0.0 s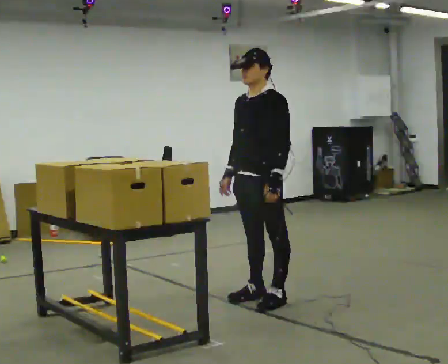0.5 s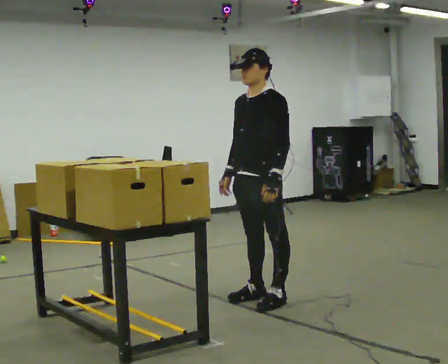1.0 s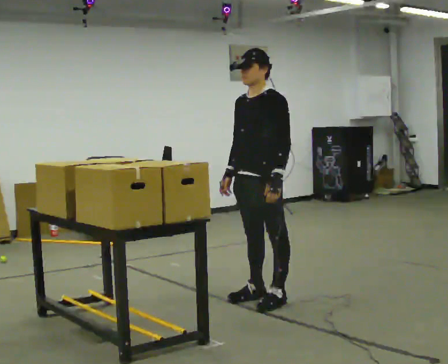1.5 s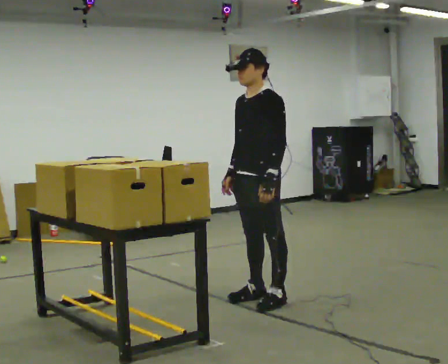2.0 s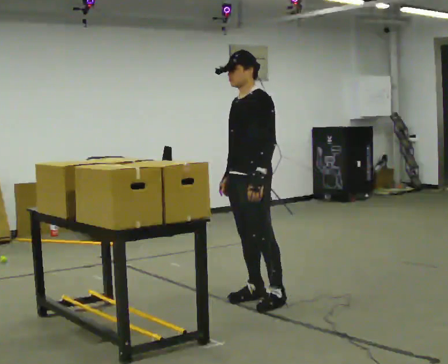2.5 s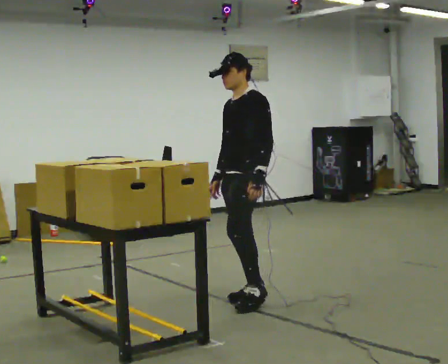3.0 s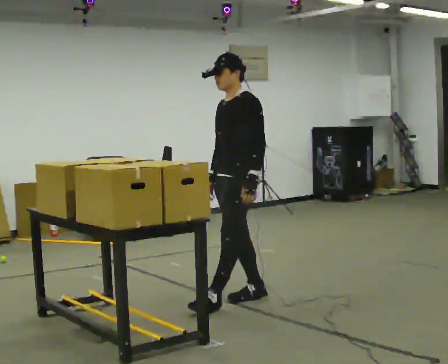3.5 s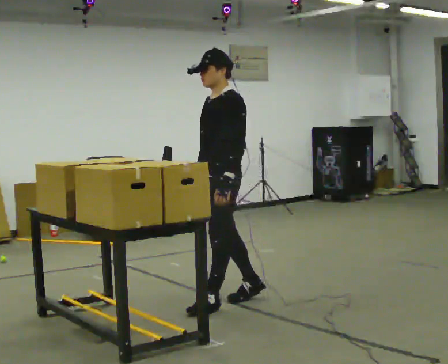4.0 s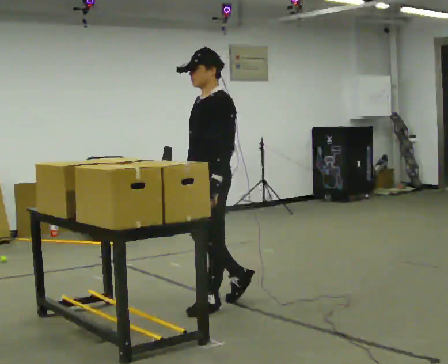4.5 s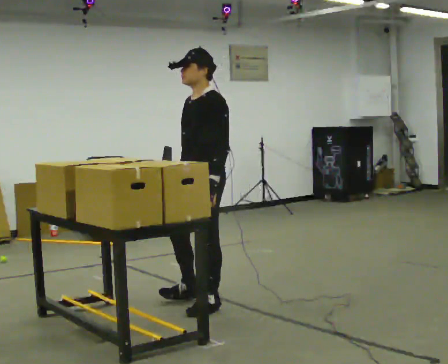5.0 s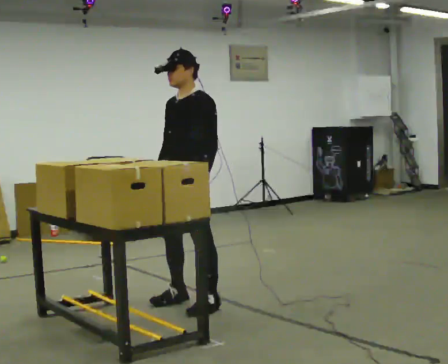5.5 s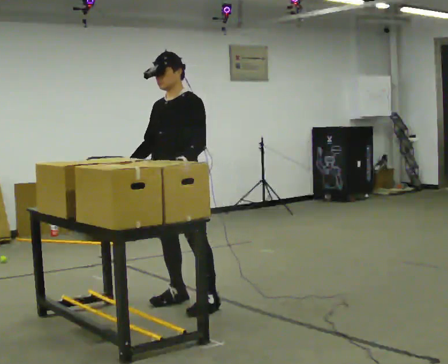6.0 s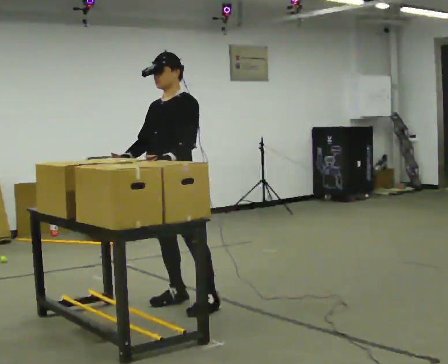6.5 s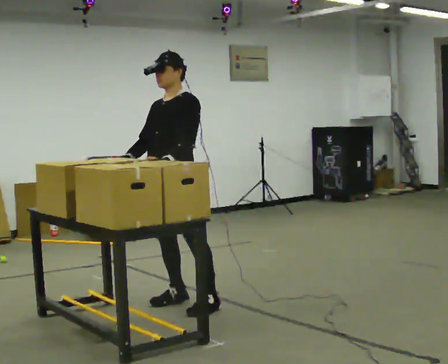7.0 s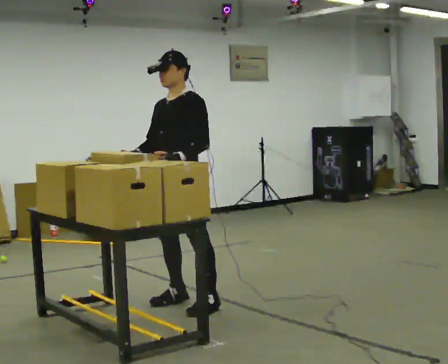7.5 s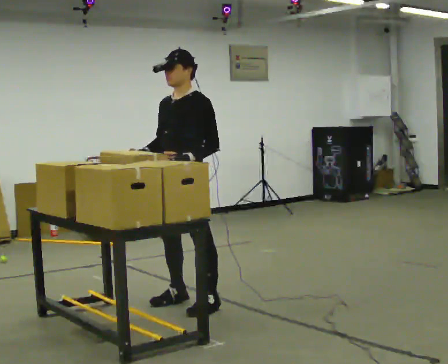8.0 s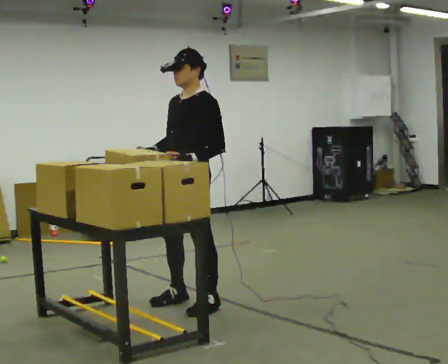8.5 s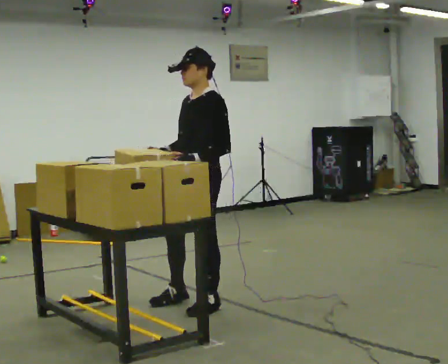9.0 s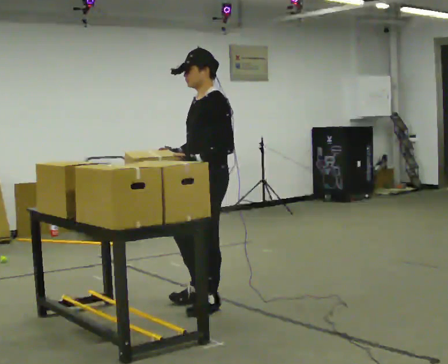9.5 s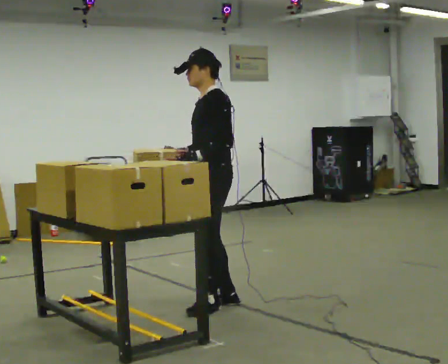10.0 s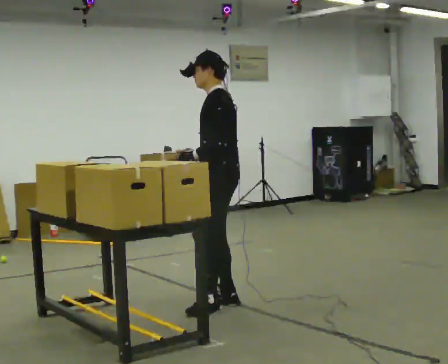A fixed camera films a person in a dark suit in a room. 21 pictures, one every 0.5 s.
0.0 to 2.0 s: The person moves a little, or ends about where they began.
2.0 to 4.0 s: In the picture they go to the left and toward the camera, about 0.25 m in 1 step, which for them is forward.
4.0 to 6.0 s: The person turns about 30 degrees to their left, counterclockwise seen from above, so the part of the body nearest the lens slides to the right. In the picture they go to the left, about 0.25 m in 1 step, which for them is to their right and forward.
6.0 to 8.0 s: The person moves a little, or ends about where they began.
8.0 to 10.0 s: The part of the body nearest the lens slides to the left as the person turns to their right by about 45 degrees. In the picture they go to the right, about 0.25 m in 1 step, which for them is backward. In the picture their right hand goes to the right.
The film runs forward here.
